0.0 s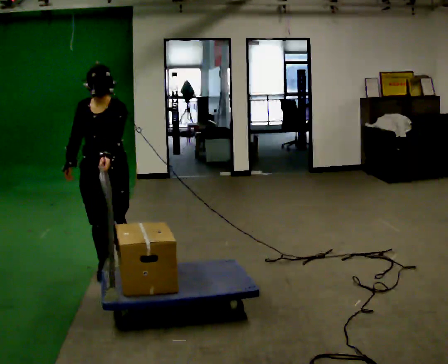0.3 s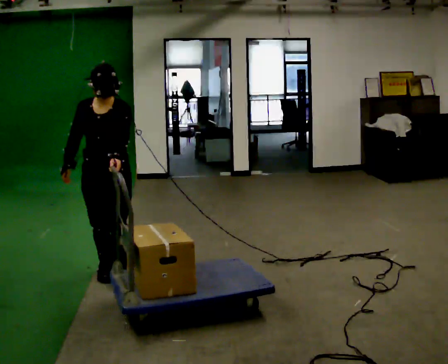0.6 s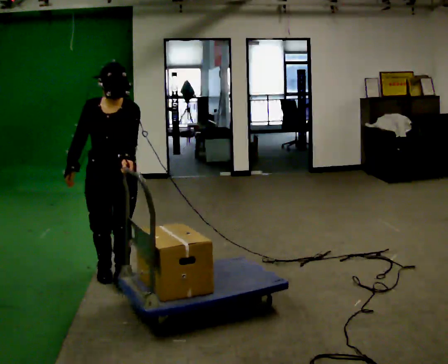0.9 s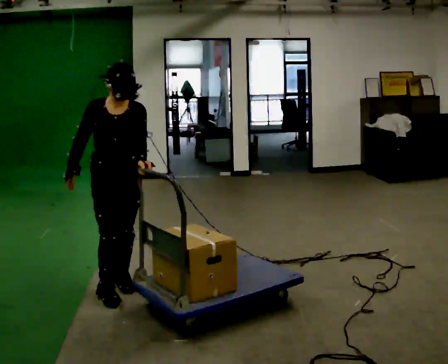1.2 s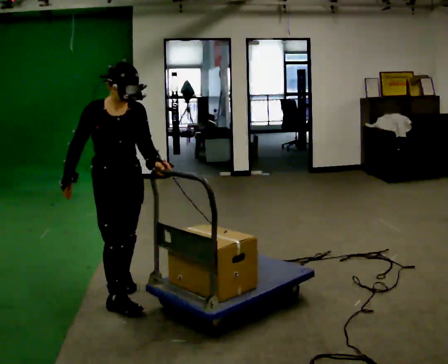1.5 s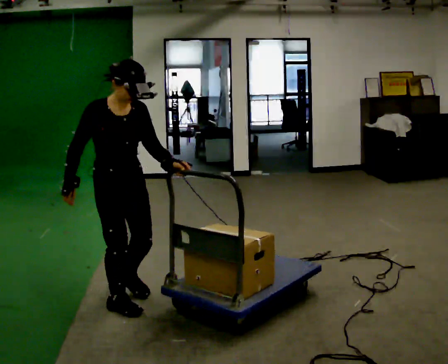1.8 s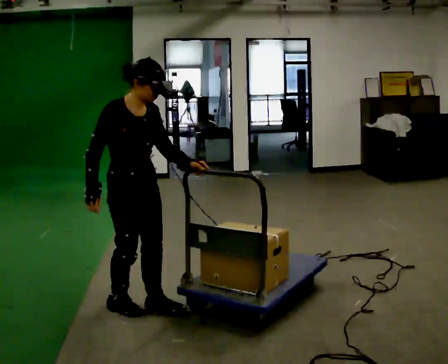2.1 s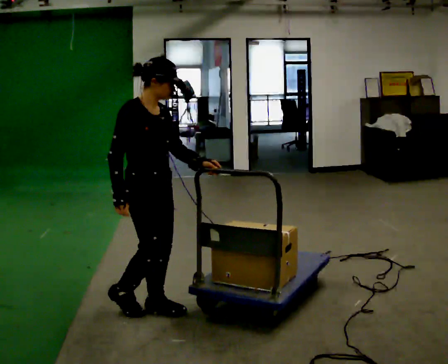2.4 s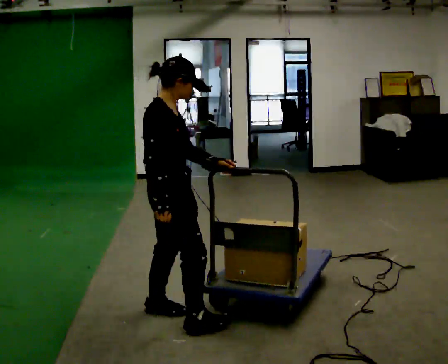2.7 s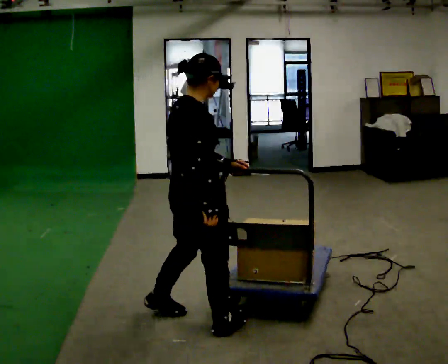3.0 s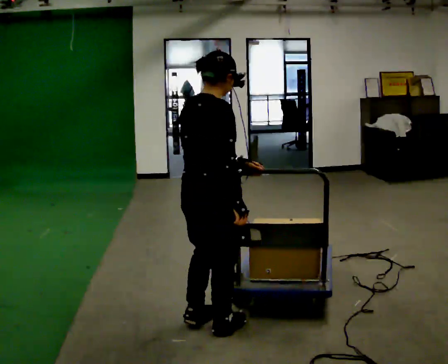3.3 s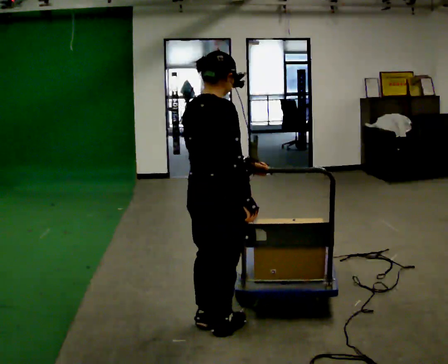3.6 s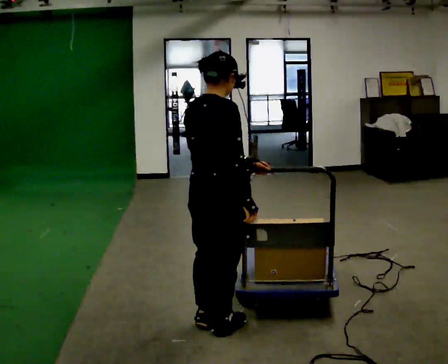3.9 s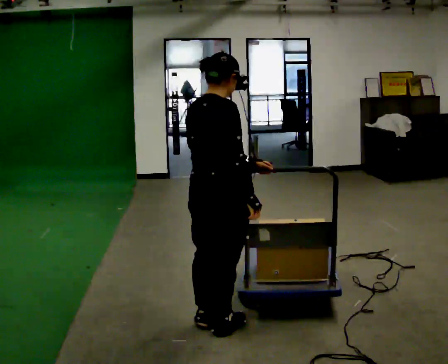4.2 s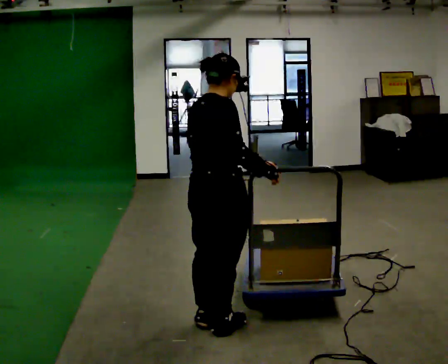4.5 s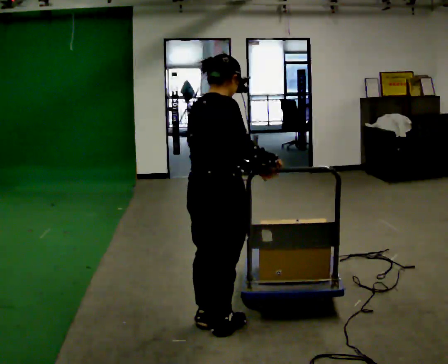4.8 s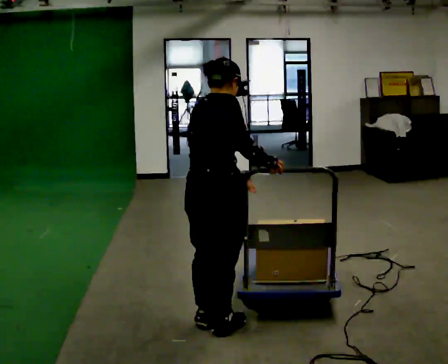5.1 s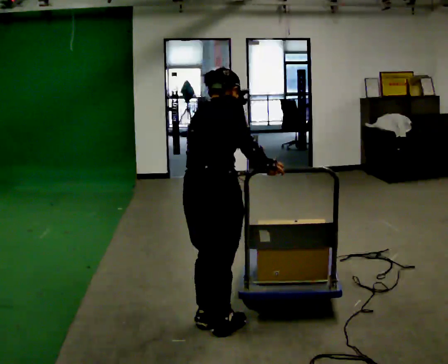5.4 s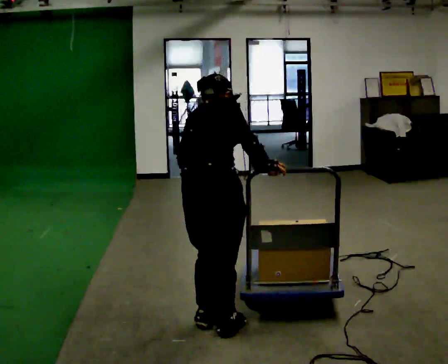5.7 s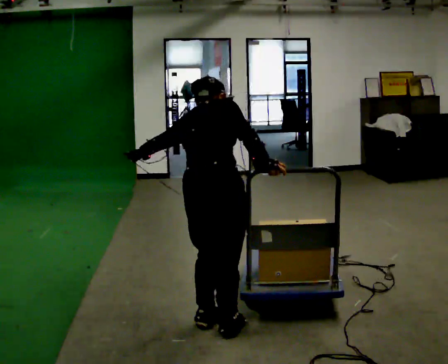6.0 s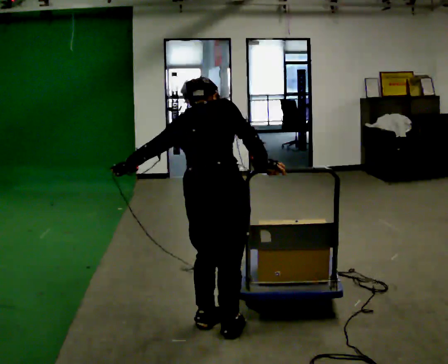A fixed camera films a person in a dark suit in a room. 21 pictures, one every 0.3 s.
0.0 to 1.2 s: Seen from above the body turns counterclockwise, about 30 degrees: to their left, with its near side sliding to the right. In the picture they go toward the camera and to the right, about 0.5 m in 2 steps, which for them is forward.
1.2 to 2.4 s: Seen from above the body turns counterclockwise, about 60 degrees: to their left, with its near side sliding to the right. In the picture they go to the right and toward the camera, about 0.5 m in 1 step.
2.4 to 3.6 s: Seen from above the body turns counterclockwise, about 45 degrees: to their left, with its near side sliding to the right. In the picture they go to the right, about 0.25 m in 2 steps, which for them is to their right.
3.6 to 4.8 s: The person moves a little, or ends about where they began.
4.8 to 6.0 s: The part of the body nearest the lens slides to the right as the person turns to their left by about 30 degrees. The upper body tips away from the camera, its near side rolling upward, as they bend forward. In the picture their left hand goes to the left, the arm swinging clockwise.
The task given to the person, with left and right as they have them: Push the cart along the marked route and round the corner to the side the operator calls.
The film runs forward here.
